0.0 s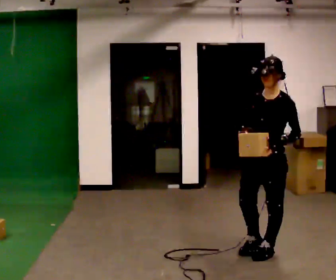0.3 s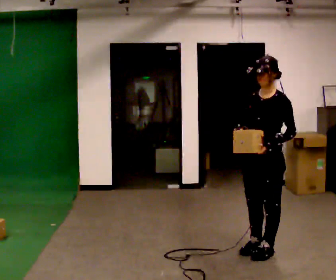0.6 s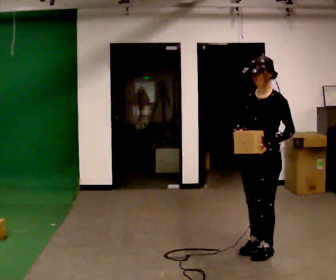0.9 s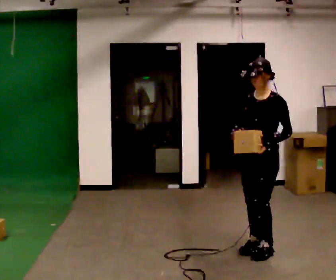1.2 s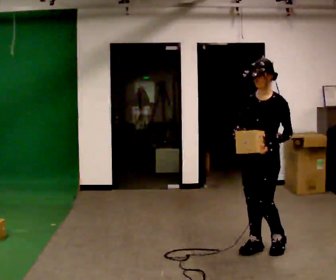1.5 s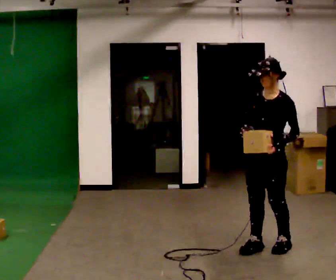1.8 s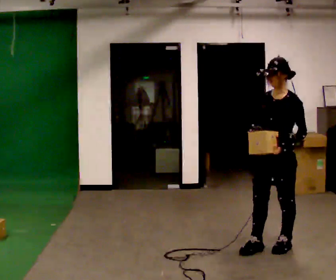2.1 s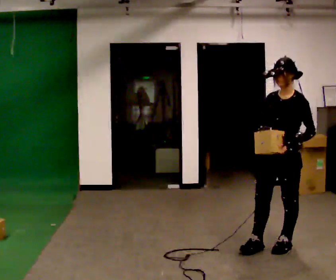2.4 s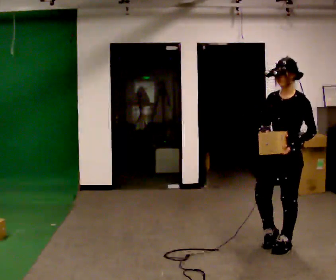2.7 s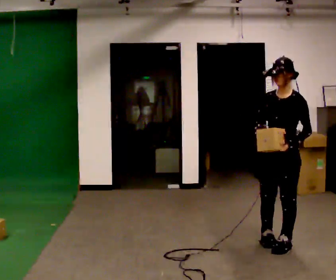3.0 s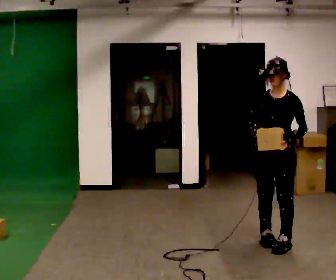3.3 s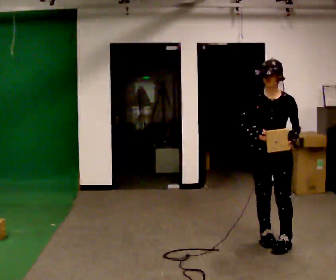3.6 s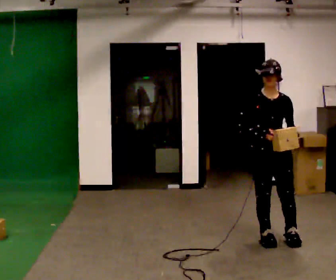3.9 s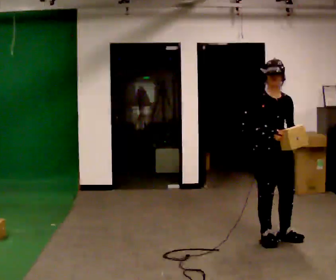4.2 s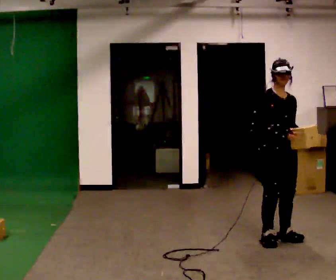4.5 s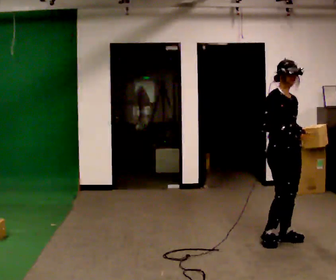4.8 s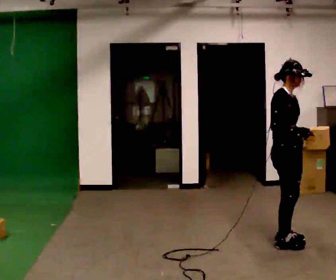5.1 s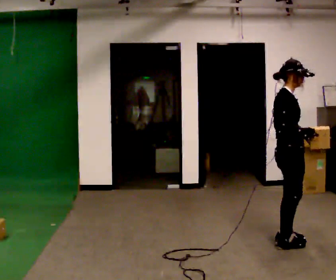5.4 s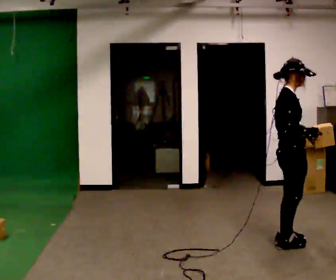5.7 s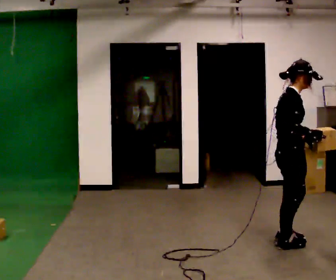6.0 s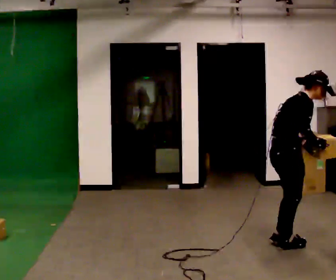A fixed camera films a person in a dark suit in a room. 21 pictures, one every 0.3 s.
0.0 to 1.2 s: The person moves a little, or ends about where they began.
1.2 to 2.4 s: In the picture they go to the right, about 0.25 m in 1 step, which for them is backward.
2.4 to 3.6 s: The part of the body nearest the lens slides to the right as the person turns to their left by about 45 degrees.
3.6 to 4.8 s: The part of the body nearest the lens slides to the right as the person turns to their left by about 60 degrees.
4.8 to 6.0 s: The part of the body nearest the lens slides to the right as the person turns to their left by about 30 degrees. In the picture they go toward the camera, about 0.25 m, which for them is to their right. In the picture the upper body tilts clockwise, shoulders to the right, as they bend forward.
The film runs backward here.
